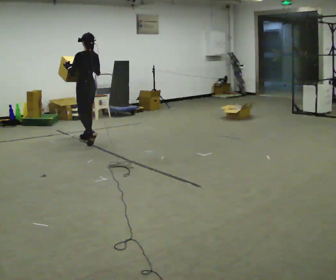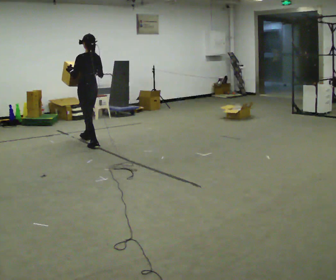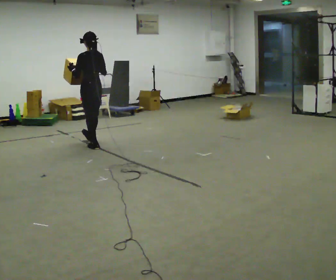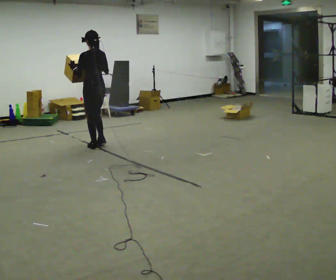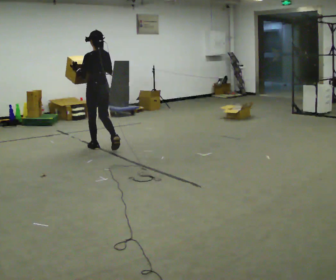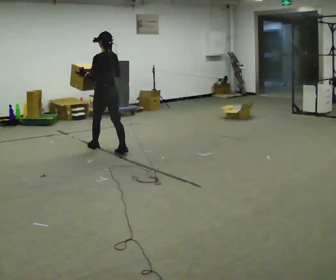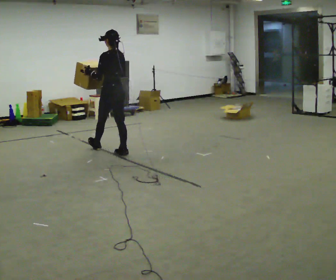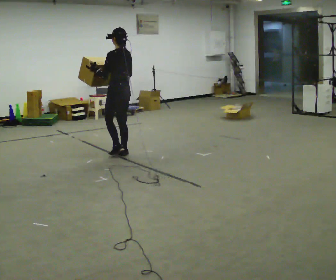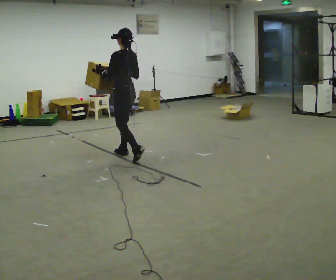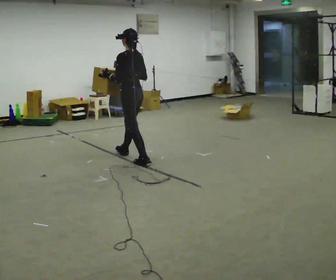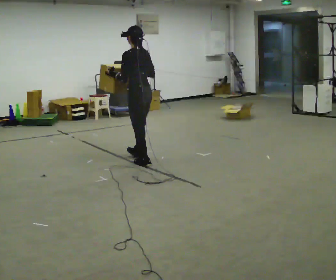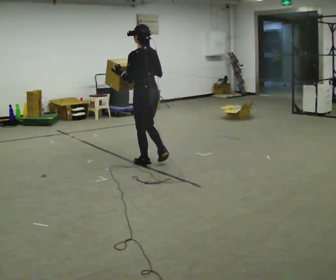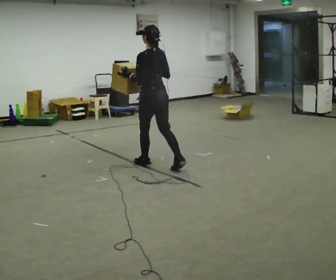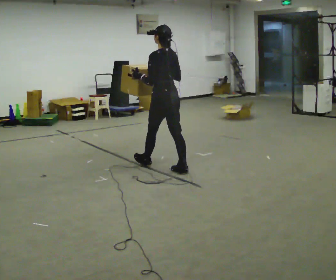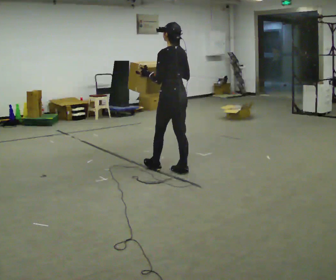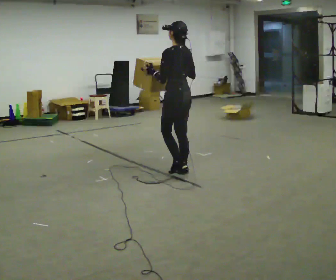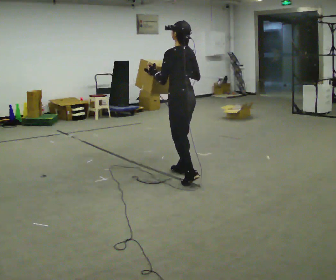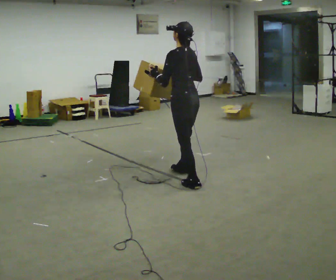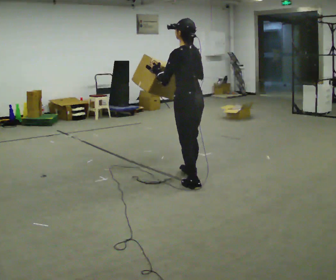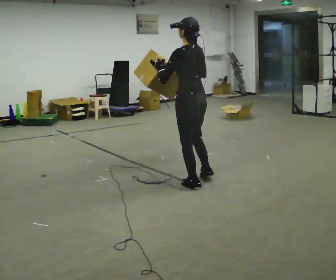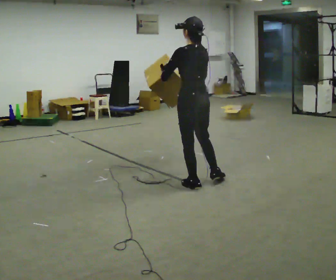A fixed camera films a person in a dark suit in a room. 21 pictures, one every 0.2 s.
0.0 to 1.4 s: In the picture they go toward the camera and to the right, about 1 m in 2 steps, which for them is backward.
1.4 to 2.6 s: In the picture they go to the right and toward the camera, about 1 m in 1 step, which for them is backward.
2.6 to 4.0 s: In the picture they go toward the camera and to the right, about 0.75 m in 2 steps, which for them is backward.
The film runs backward here.
